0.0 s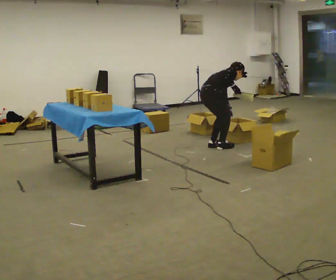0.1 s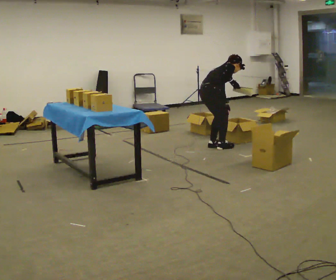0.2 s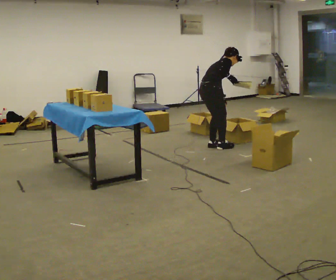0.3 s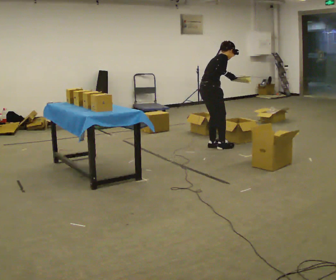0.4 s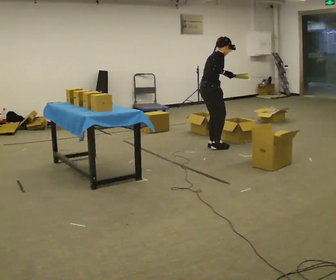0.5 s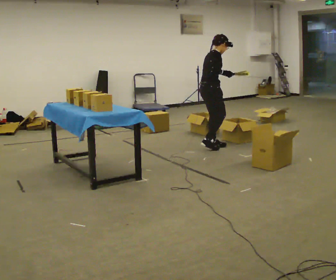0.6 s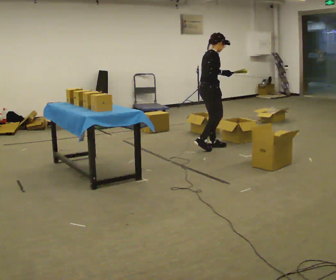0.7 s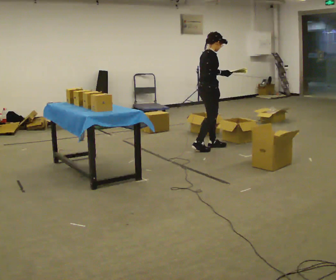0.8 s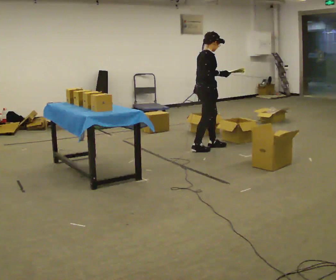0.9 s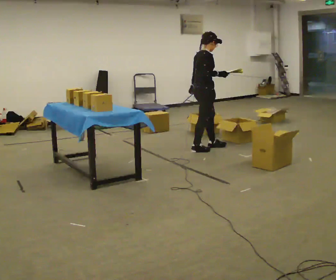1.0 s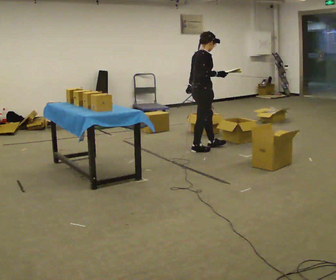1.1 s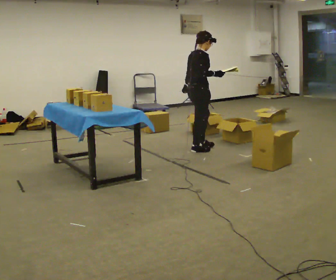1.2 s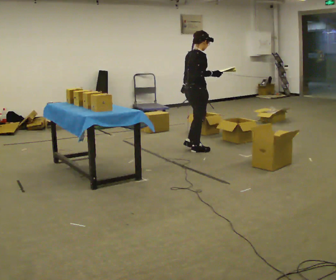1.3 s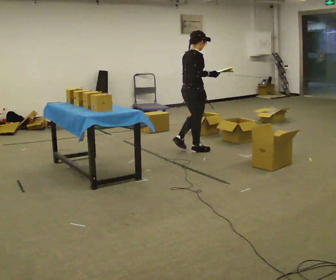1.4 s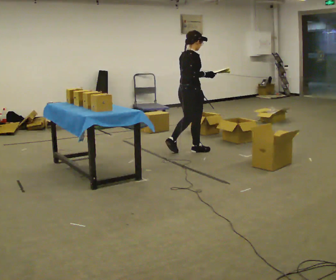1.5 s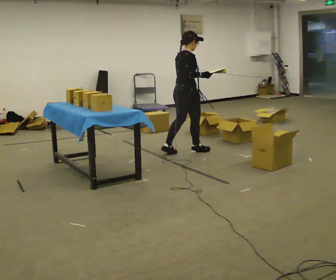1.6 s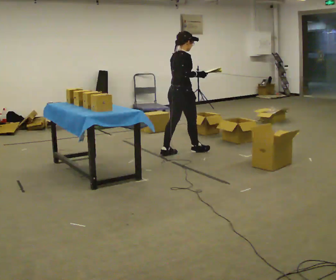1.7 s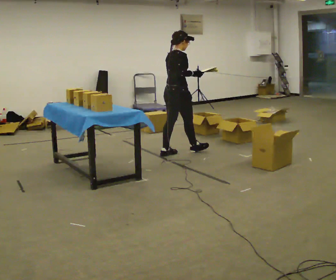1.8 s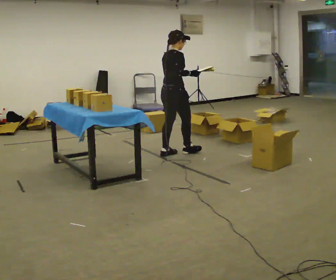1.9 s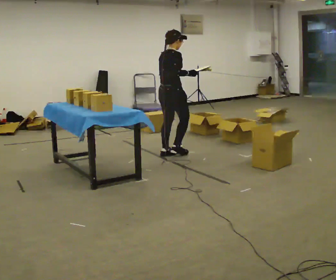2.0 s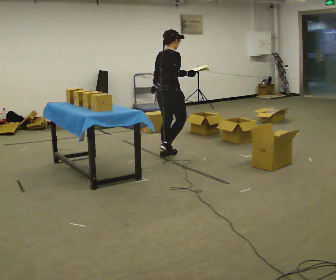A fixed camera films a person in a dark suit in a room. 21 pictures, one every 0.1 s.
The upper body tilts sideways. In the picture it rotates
counterclockwise.
The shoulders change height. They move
upward.
0.0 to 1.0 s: The shoulders move upward. In the picture the upper body tilts counterclockwise, shoulders to the left, as they lean back or straighten. In the picture their left hand goes to the left and upward.
1.0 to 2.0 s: In the picture they go to the left and toward the camera, about 0.5 m in 1 step, which for them is backward.
The film runs backward here.
